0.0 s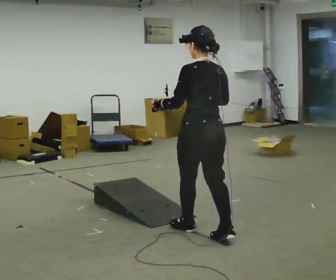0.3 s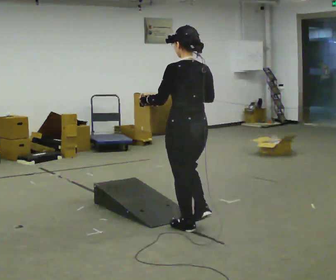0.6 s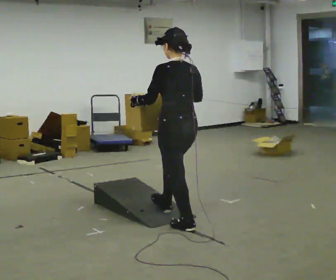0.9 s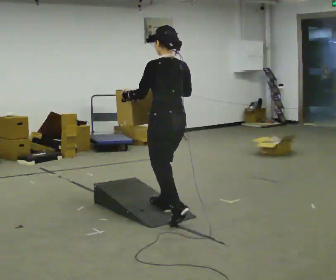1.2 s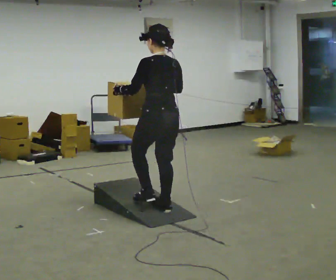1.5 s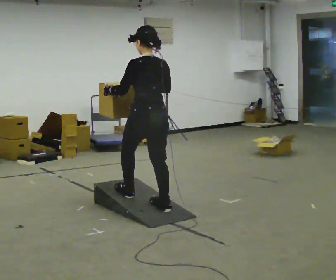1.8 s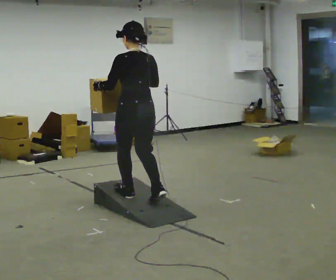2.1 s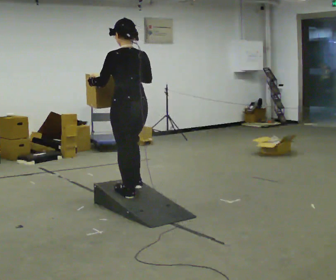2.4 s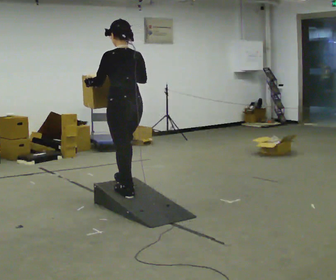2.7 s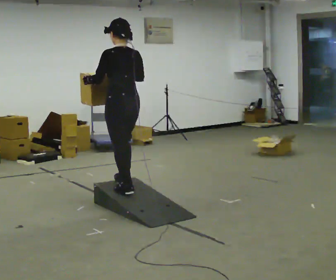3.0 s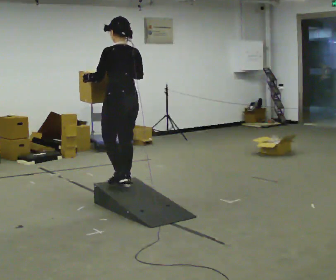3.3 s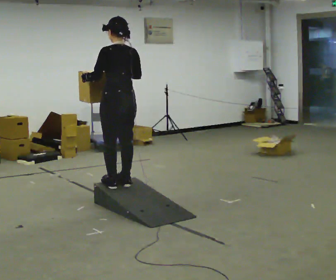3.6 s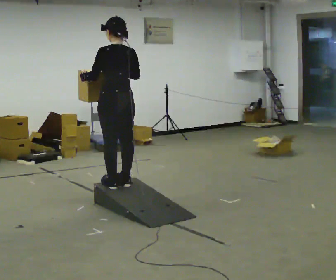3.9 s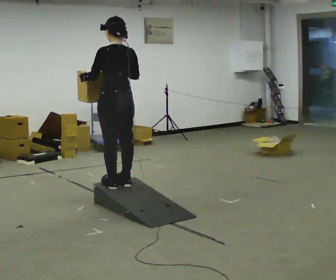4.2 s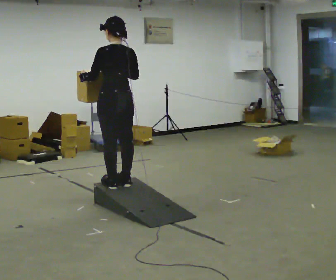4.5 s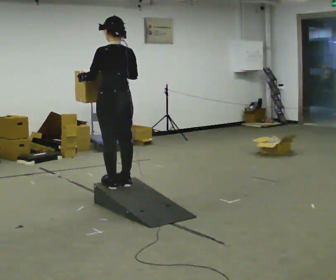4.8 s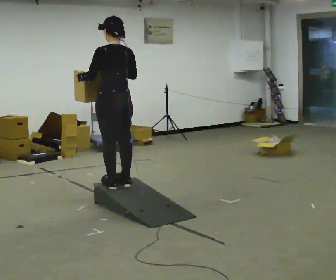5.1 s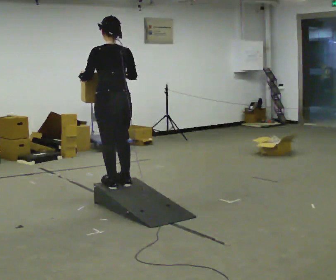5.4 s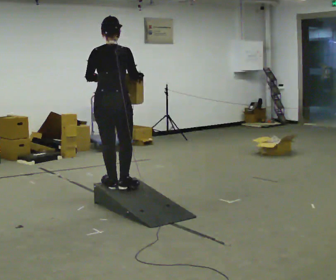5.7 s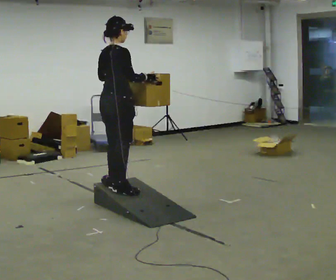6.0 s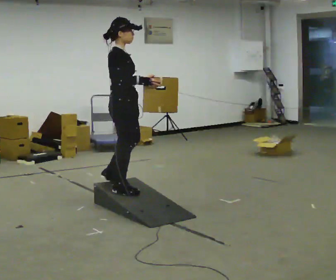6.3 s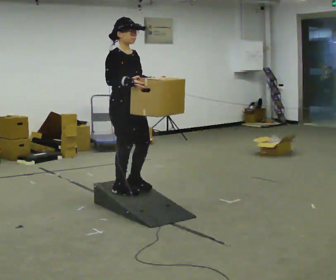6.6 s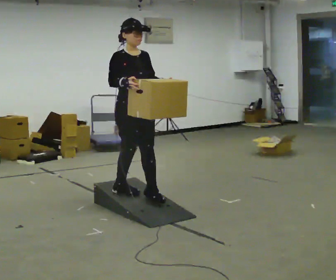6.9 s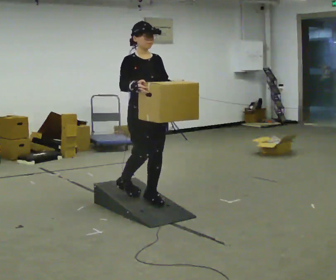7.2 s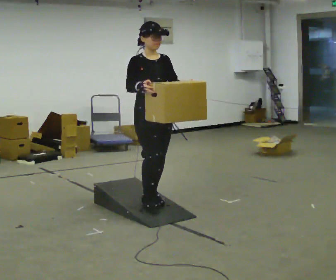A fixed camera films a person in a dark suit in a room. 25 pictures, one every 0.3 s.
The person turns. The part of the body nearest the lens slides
to the left.
The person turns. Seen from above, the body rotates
clockwise.
0.0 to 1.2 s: In the picture they go away from the camera and to the left, about 0.5 m in 1 step, which for them is forward.
1.2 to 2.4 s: In the picture they go away from the camera and to the left, about 0.5 m in 2 steps, which for them is forward.
2.4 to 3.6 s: In the picture they go away from the camera, about 0.25 m in 1 step, which for them is forward.
3.6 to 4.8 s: The person moves a little, or ends about where they began.
4.8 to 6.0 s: The part of the body nearest the lens slides to the left as the person turns to their right by about 135 degrees.
6.0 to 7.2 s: Seen from above the body turns clockwise, about 45 degrees: to their right, with its near side sliding to the left. In the picture they go to the right and toward the camera, about 0.25 m in 1 step, which for them is forward.
The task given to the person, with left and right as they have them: Carry the box up the ramp, turn at the top, and carry it back down. Keep going until the operator says stop; one object at a time, and do not rush between trips.
The film runs forward here.
